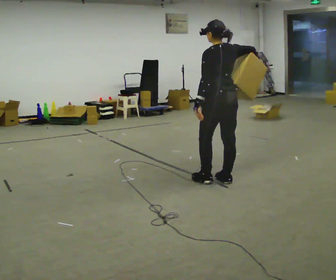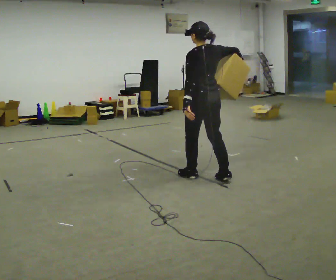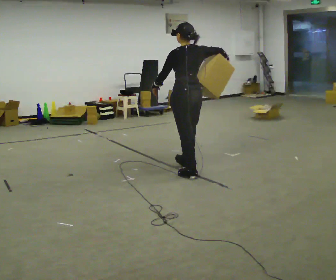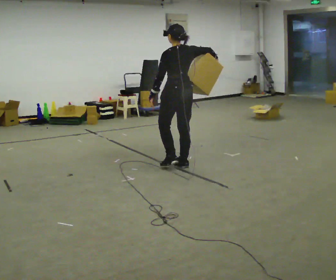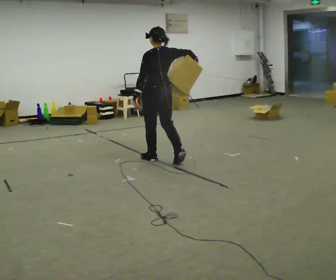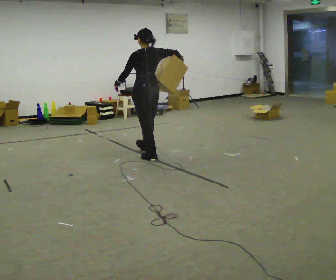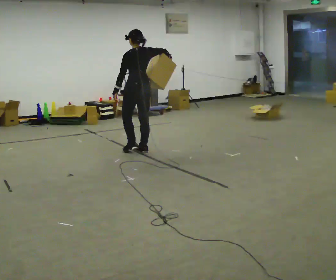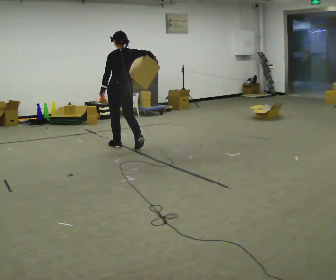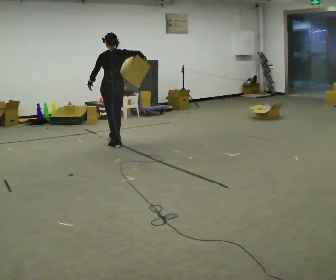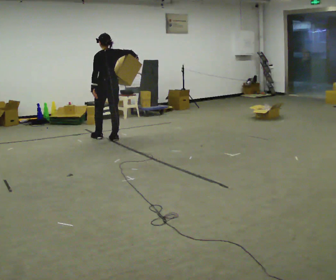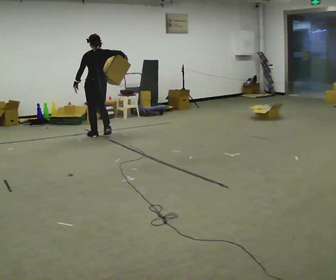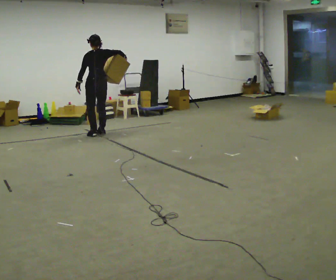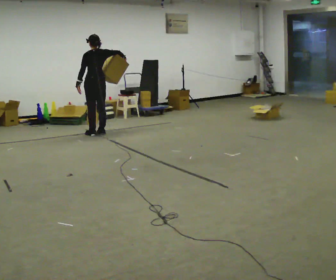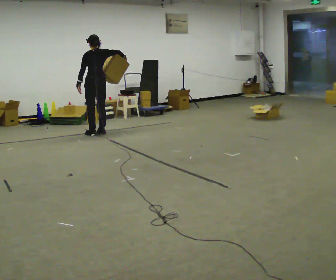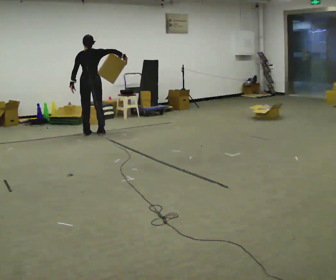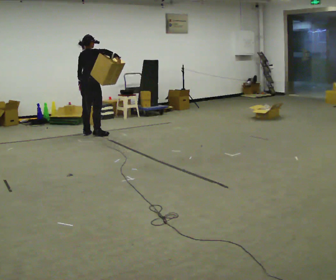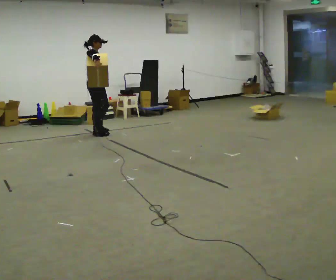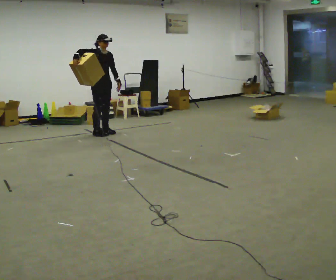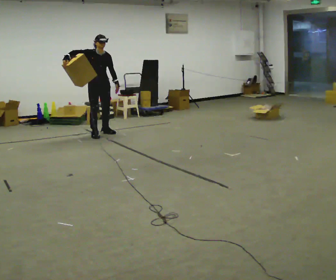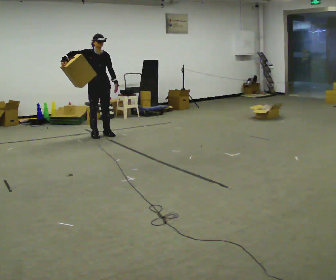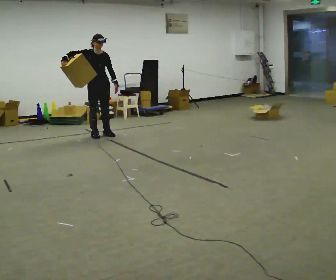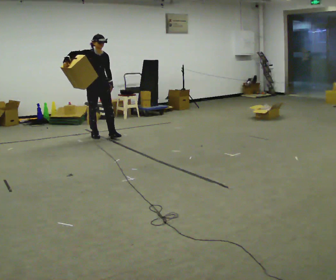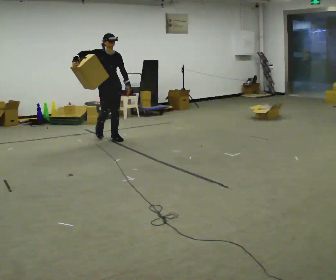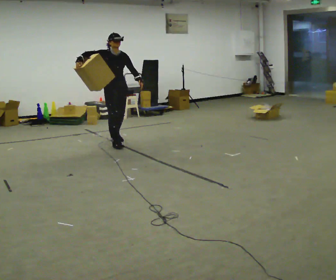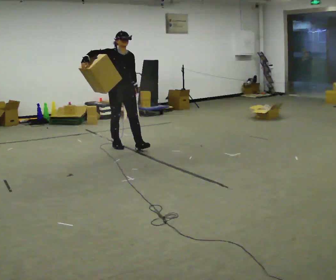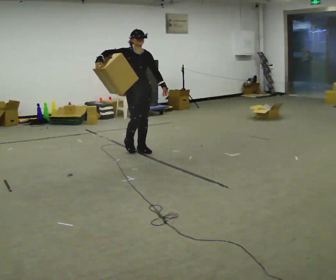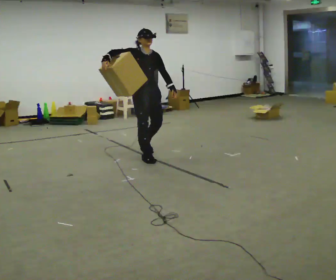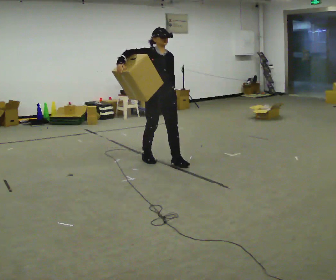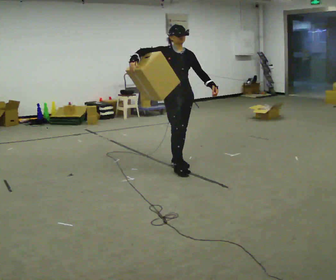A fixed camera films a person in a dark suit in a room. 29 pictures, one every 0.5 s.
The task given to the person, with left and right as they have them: Hold the object against your hip on the side the operator calls, and carry it back and forth across the room.
0.0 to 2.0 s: In the picture they go away from the camera and to the left, about 1 m in 3 steps, which for them is forward.
2.0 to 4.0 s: In the picture they go away from the camera and to the left, about 1 m in 3 steps, which for them is forward.
4.0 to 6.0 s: In the picture they go away from the camera and to the left, about 0.5 m in 2 steps, which for them is forward.
6.0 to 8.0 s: Seen from above the body turns clockwise, about 120 degrees: to their right, with its near side sliding to the left. In the picture their right hand goes to the left.
8.0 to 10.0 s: The person turns about 60 degrees to their right, clockwise seen from above, so the part of the body nearest the lens slides to the left. In the picture their right hand goes to the left.
10.0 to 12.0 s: In the picture they go toward the camera and to the right, about 1 m in 2 steps, which for them is forward.
12.0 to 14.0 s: In the picture they go toward the camera and to the right, about 1 m in 3 steps, which for them is forward.
The film runs forward here.
